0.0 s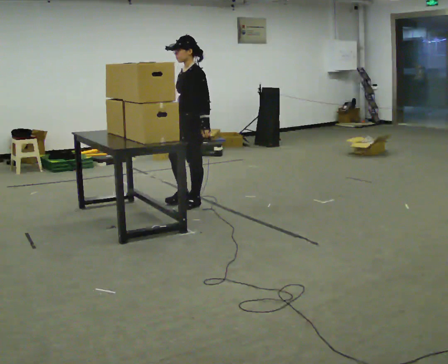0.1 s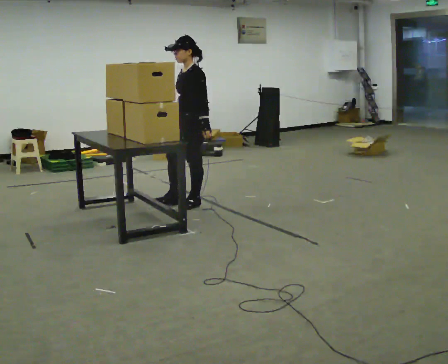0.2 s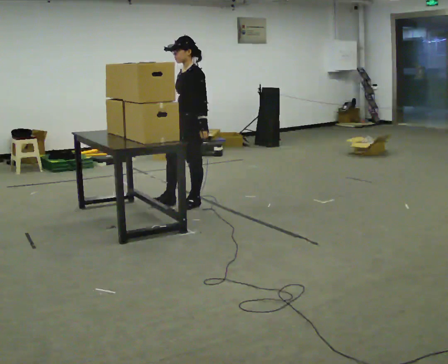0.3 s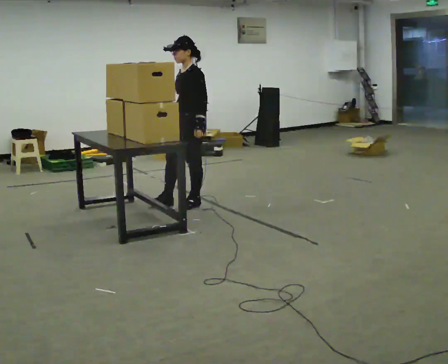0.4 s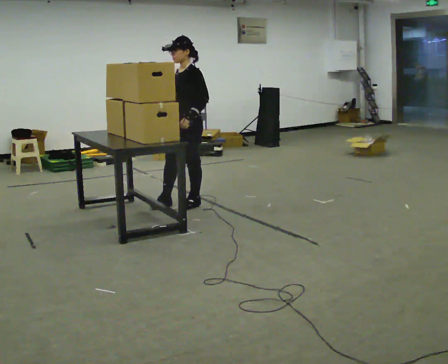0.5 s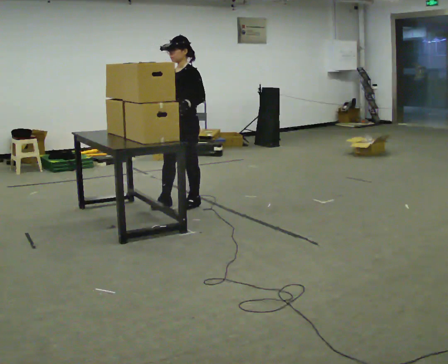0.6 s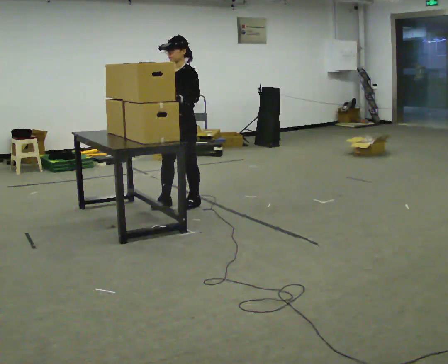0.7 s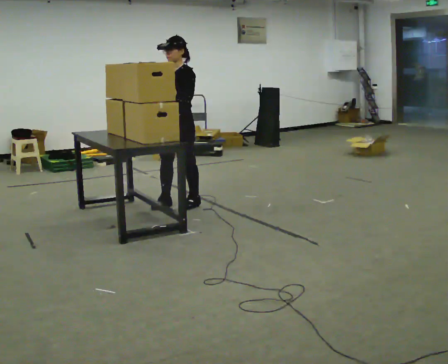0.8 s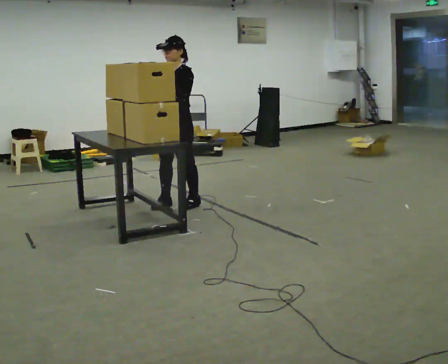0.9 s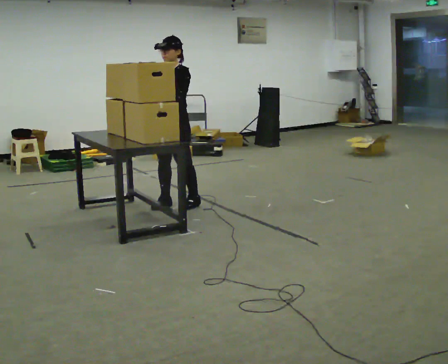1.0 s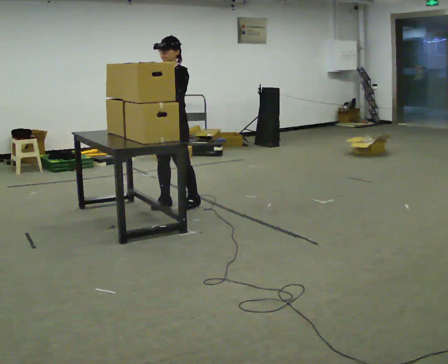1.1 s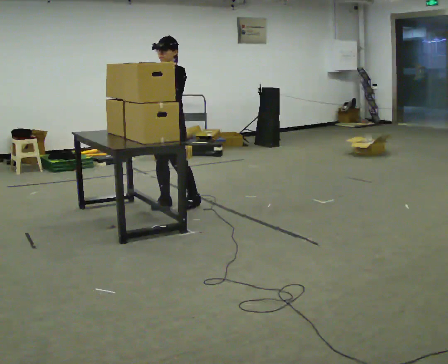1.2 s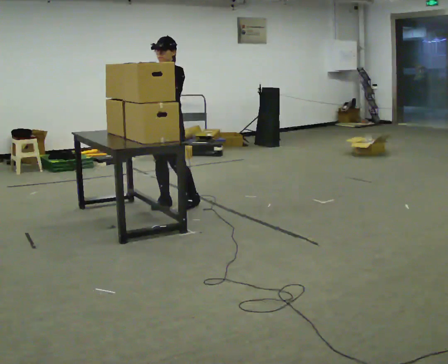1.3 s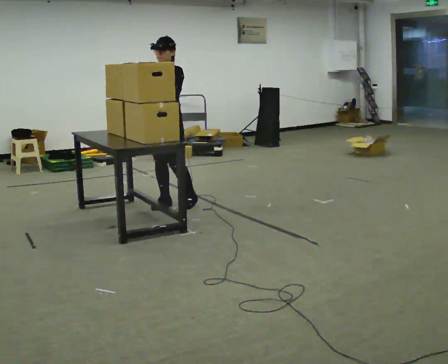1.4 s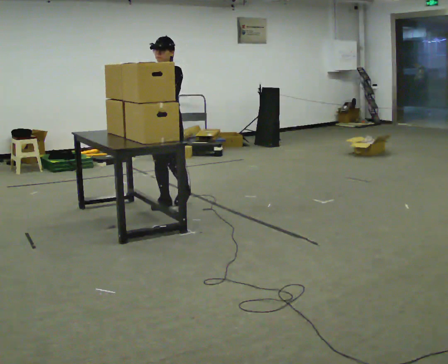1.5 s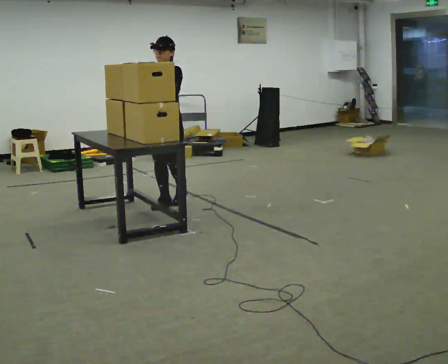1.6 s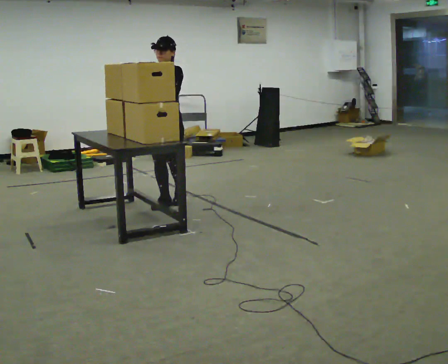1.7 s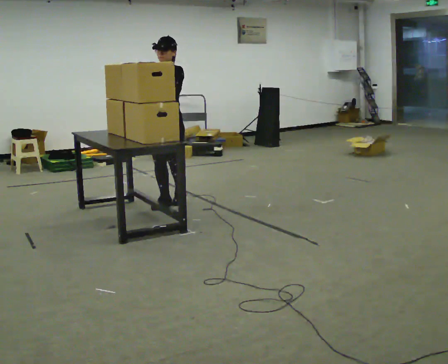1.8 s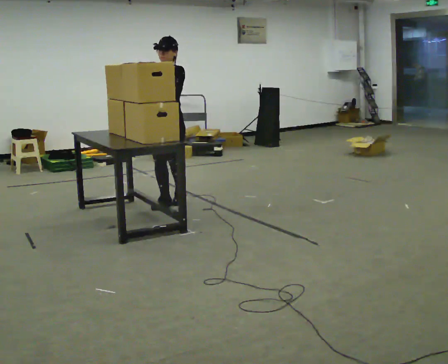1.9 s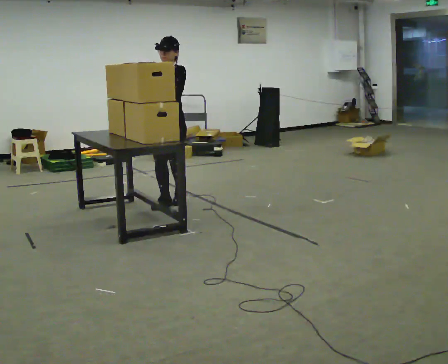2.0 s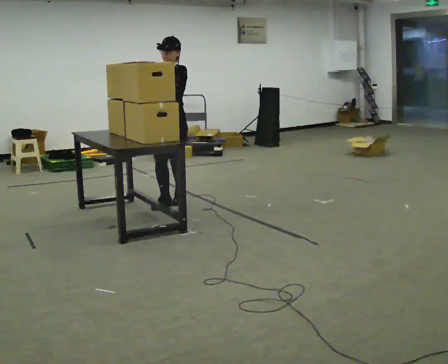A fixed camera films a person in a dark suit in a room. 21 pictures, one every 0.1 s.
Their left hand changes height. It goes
upward.
Their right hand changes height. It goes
upward.
0.0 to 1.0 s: The part of the body nearest the lens slides to the right as the person turns to their left by about 30 degrees. In the picture they go to the left, about 0.25 m, which for them is forward. In the picture their right hand goes to the left and upward, the arm swinging clockwise.
1.0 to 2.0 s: The person moves a little, or ends about where they began.
The film runs backward here.
